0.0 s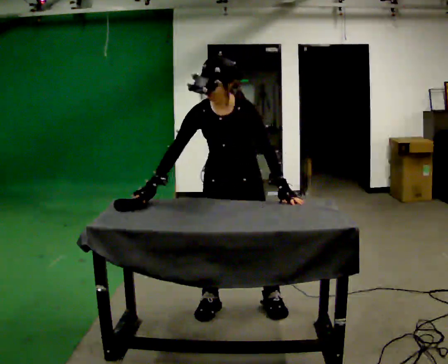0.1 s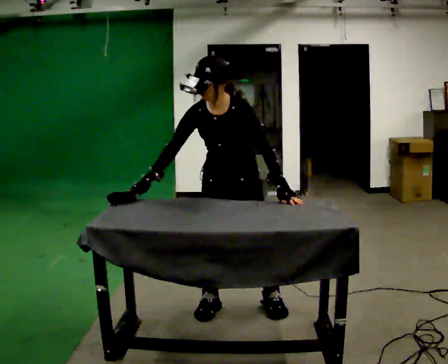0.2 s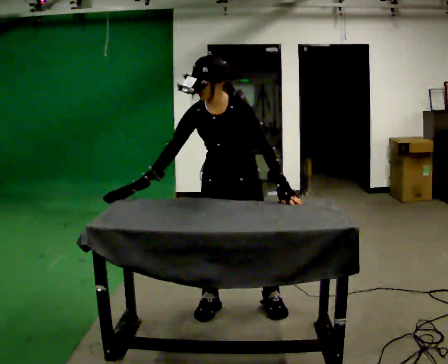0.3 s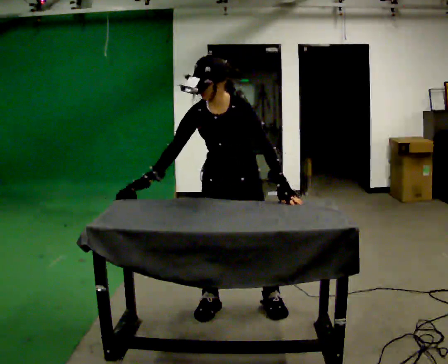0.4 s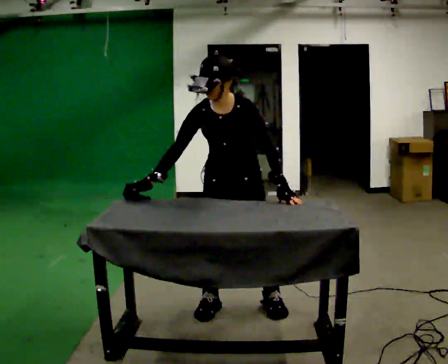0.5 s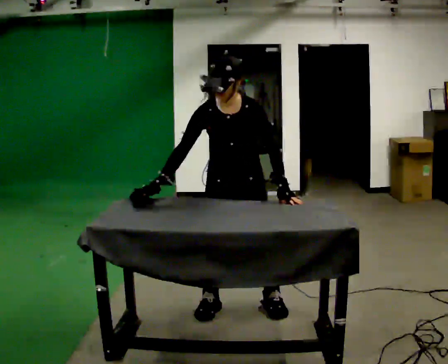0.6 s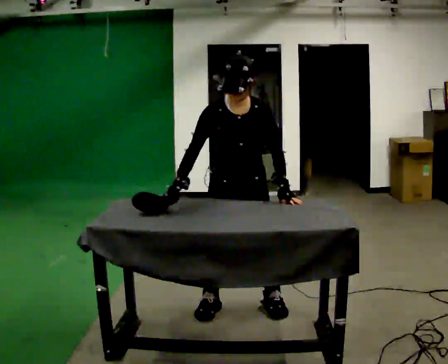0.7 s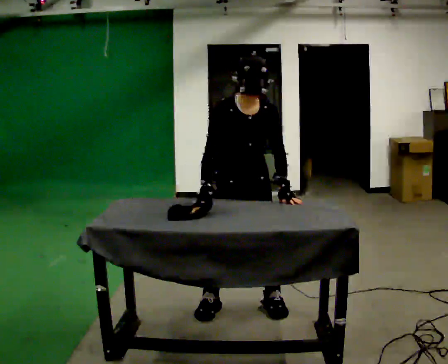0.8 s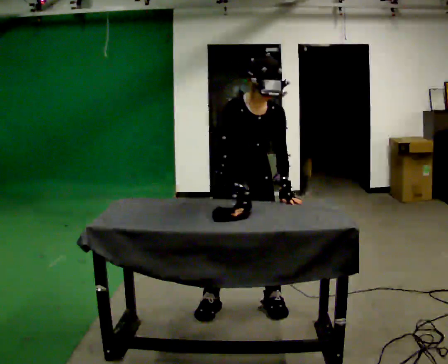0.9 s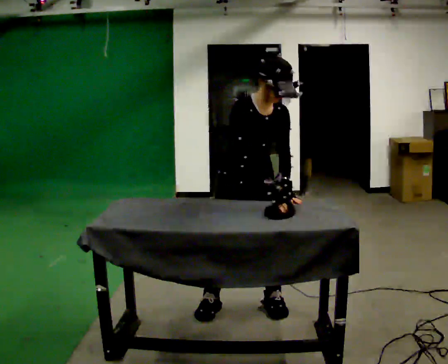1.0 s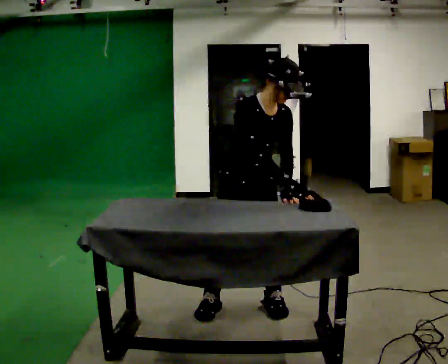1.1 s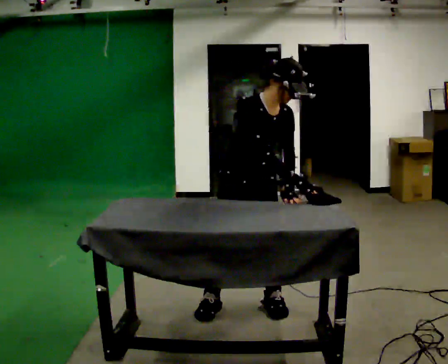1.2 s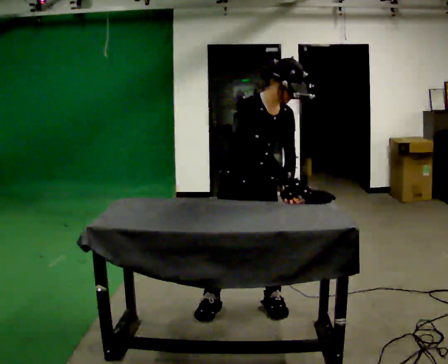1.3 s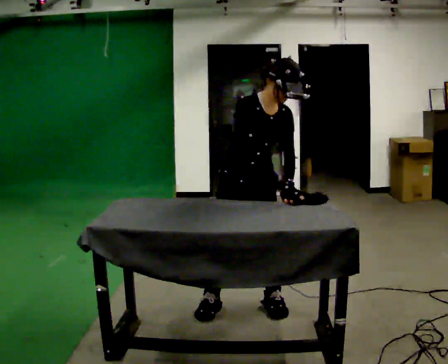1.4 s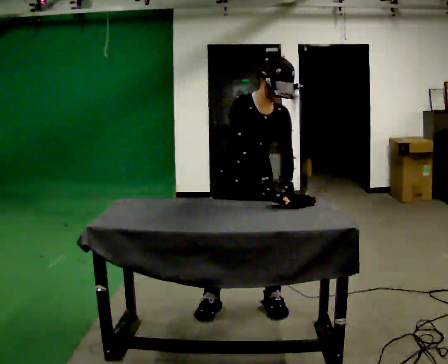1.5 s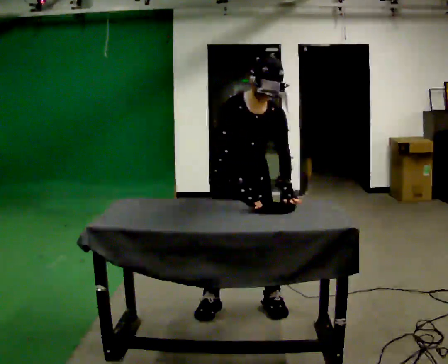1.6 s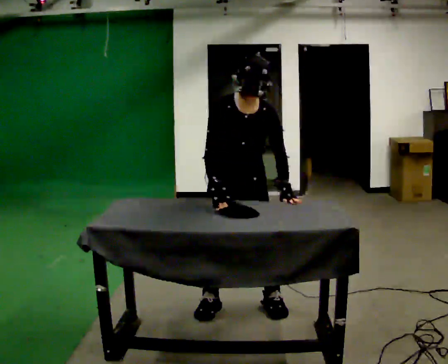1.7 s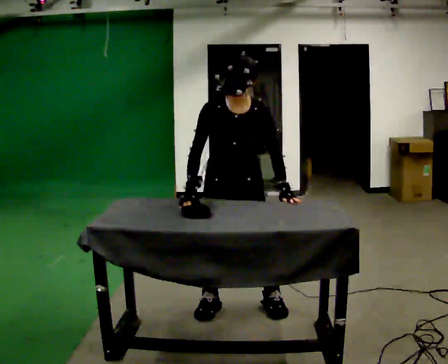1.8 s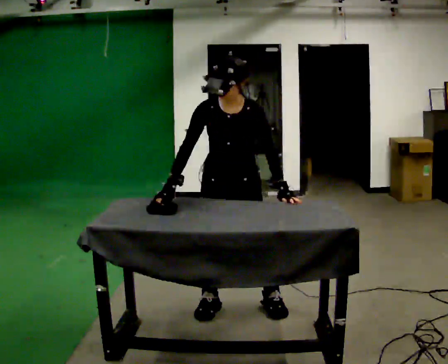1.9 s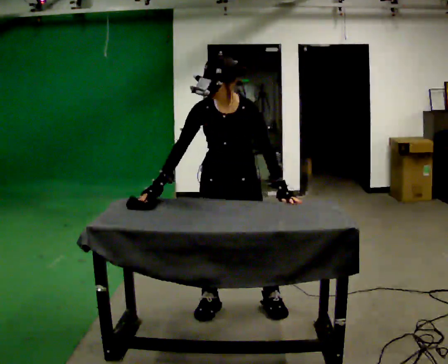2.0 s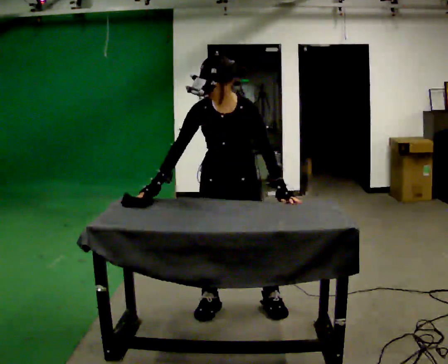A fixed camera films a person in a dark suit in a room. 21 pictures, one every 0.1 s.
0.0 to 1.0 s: The part of the body nearest the lens slides to the right as the person turns to their left by about 45 degrees. In the picture the upper body tilts clockwise, shoulders to the right. In the picture their right hand goes to the right, the arm swinging counterclockwise.
1.0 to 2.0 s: The part of the body nearest the lens slides to the left as the person turns to their right by about 30 degrees. In the picture the upper body tilts counterclockwise, shoulders to the left. In the picture their right hand goes to the left, the arm swinging clockwise.
The film runs forward here.
